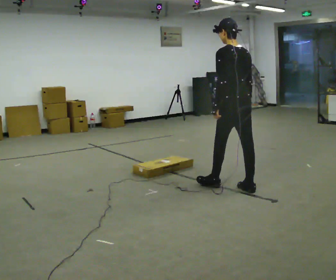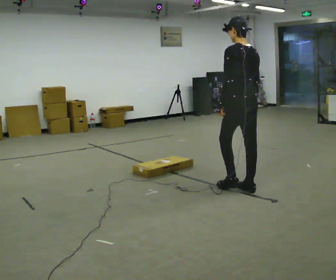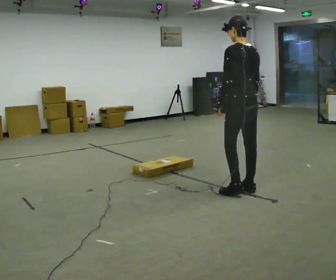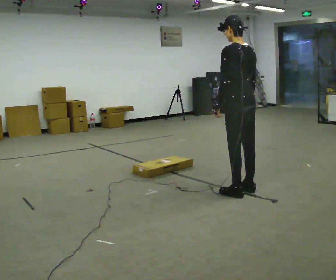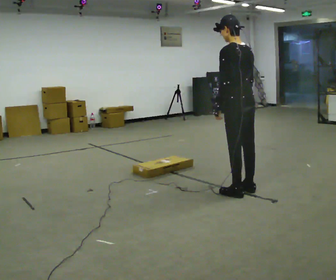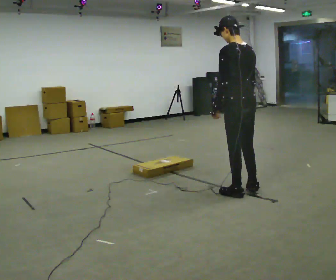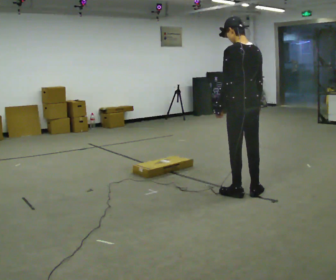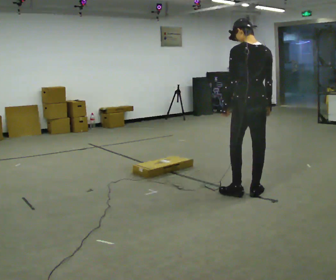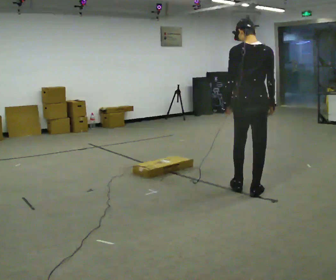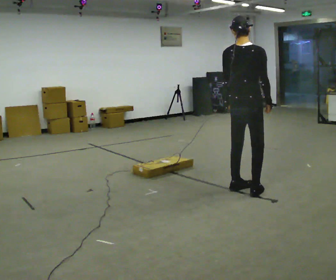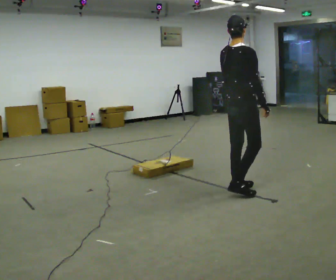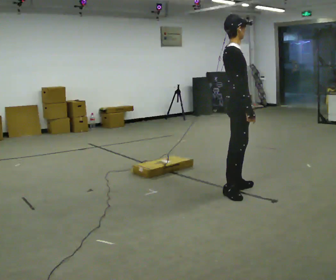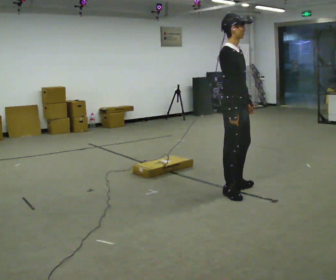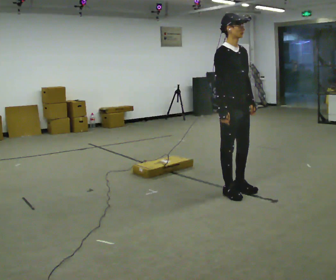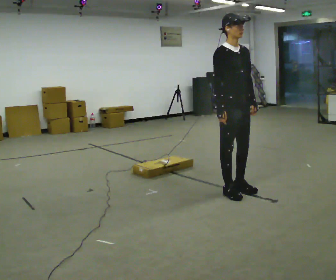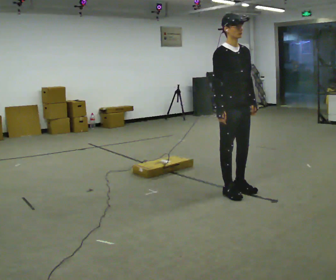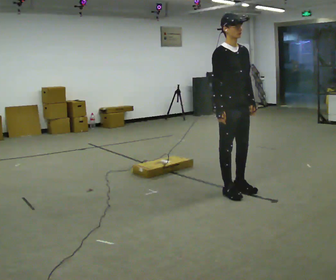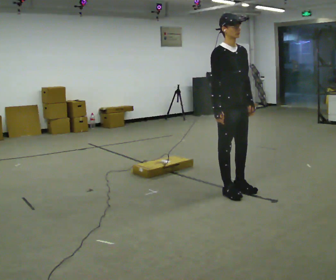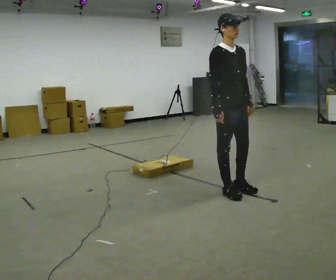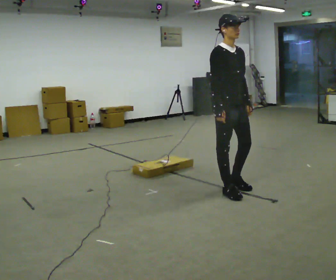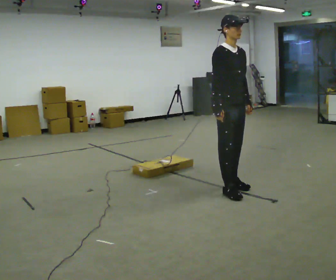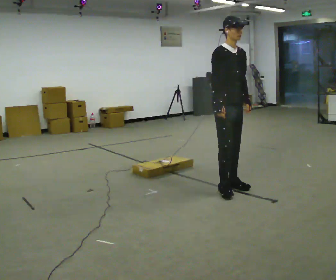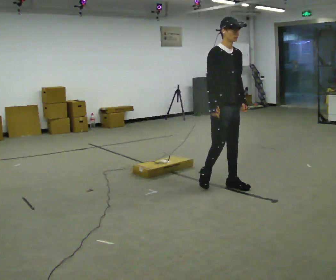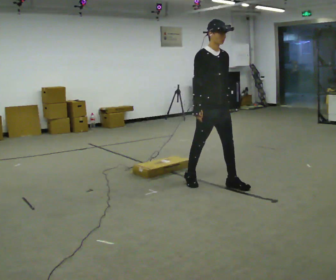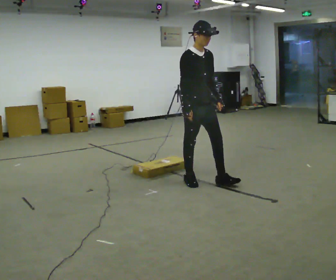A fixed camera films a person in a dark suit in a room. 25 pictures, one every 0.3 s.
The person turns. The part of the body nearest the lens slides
to the left.
The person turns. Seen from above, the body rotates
clockwise.
0.0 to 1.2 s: In the picture they go toward the camera, about 0.25 m in 1 step, which for them is backward.
1.2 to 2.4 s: The part of the body nearest the lens slides to the left as the person turns to their right by about 45 degrees.
2.4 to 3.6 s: Seen from above the body turns clockwise, about 105 degrees: to their right, with its near side sliding to the left. In the picture they go to the left, about 0.25 m in 1 step.
3.6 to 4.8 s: The person turns about 45 degrees to their right, clockwise seen from above, so the part of the body nearest the lens slides to the left.
4.8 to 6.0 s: The person moves a little, or ends about where they began.
6.0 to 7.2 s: In the picture they go to the left and away from the camera, about 0.5 m in 2 steps, which for them is backward.
The film runs backward here.
